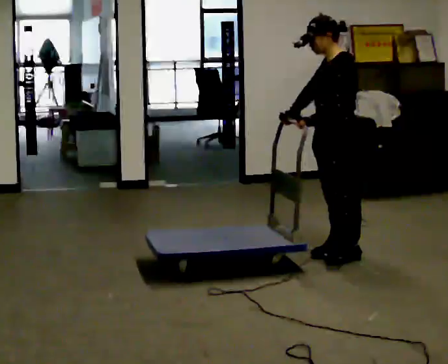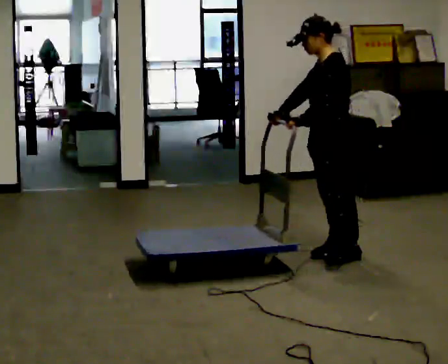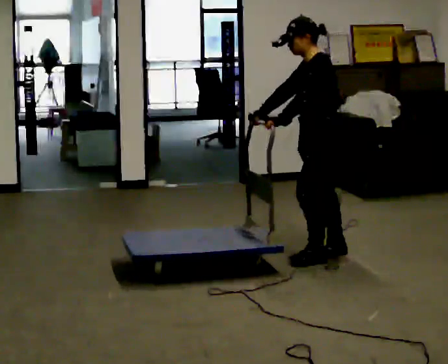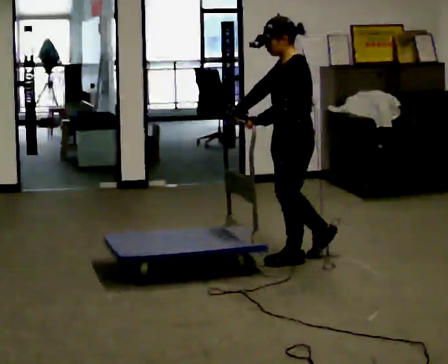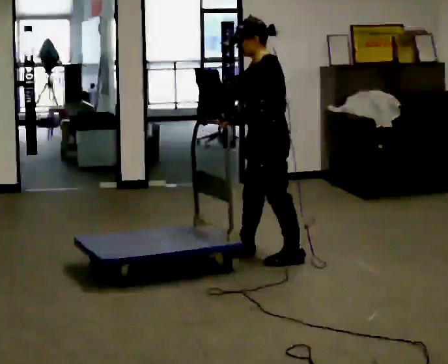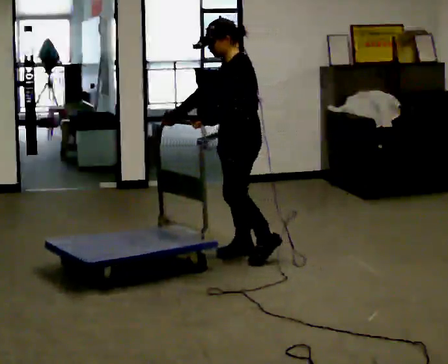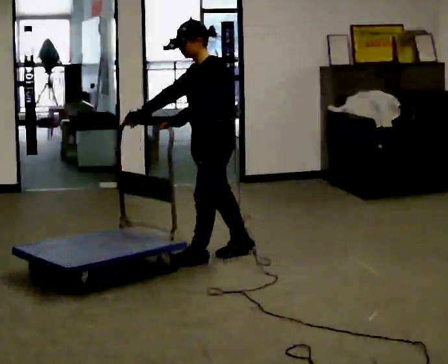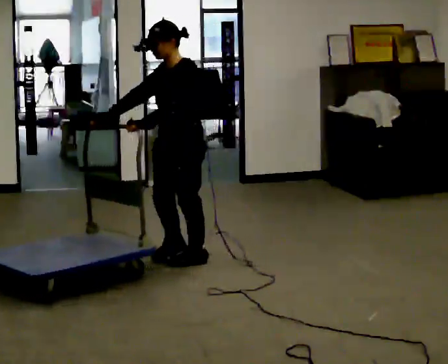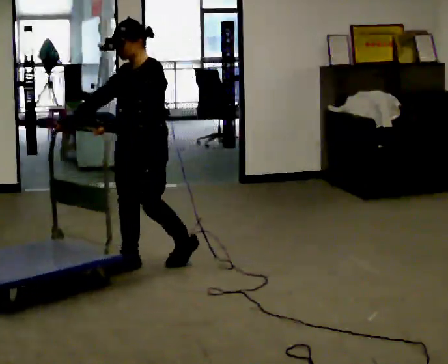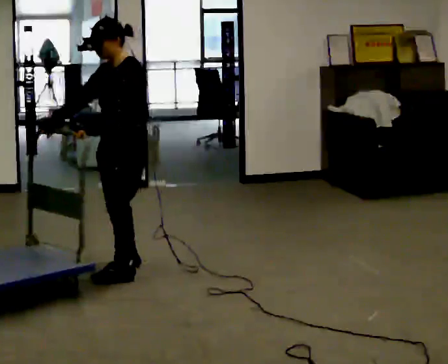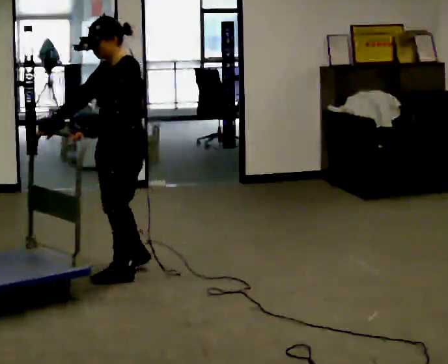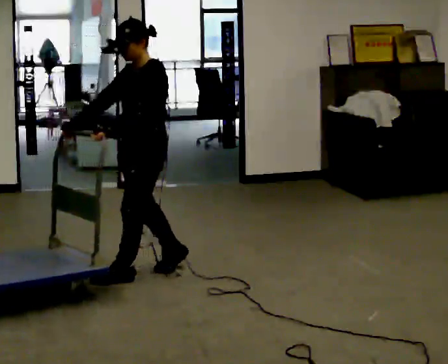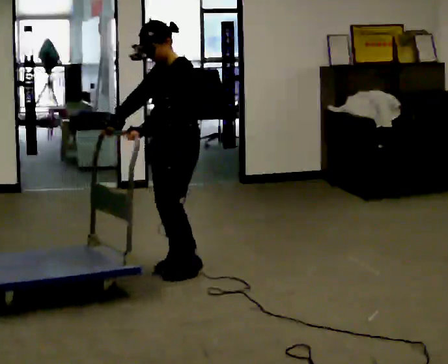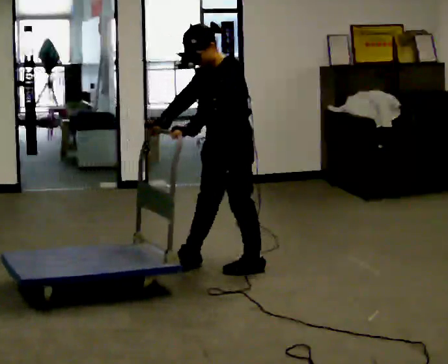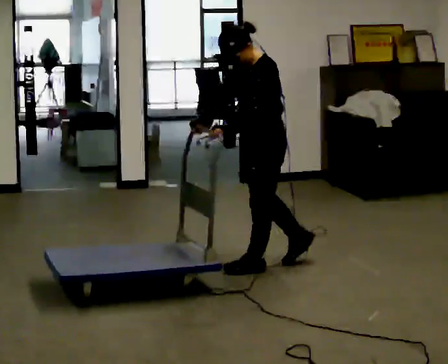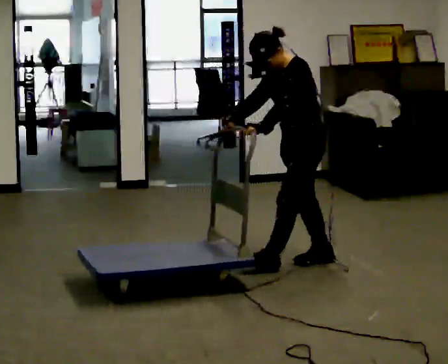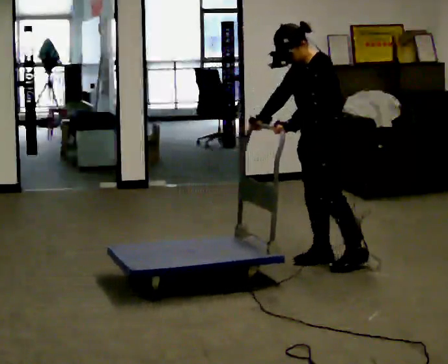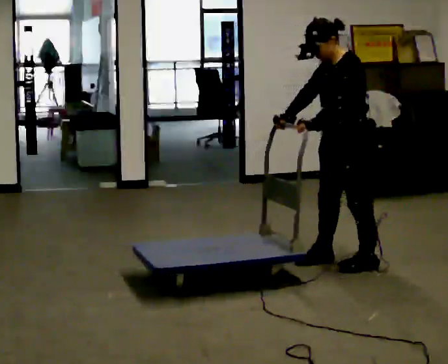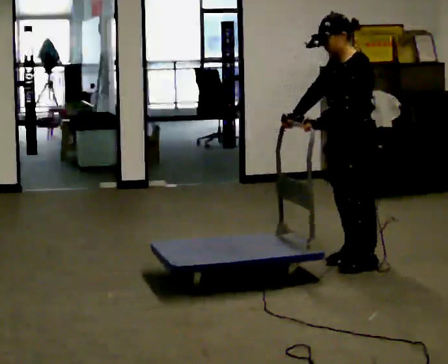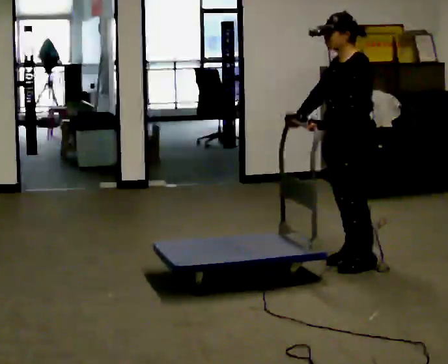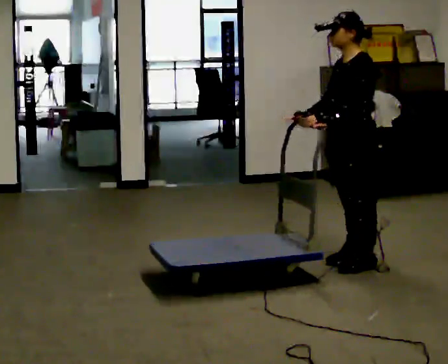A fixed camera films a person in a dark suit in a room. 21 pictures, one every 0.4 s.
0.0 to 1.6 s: In the picture they go to the left, about 0.5 m in 2 steps, which for them is forward.
1.6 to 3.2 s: Seen from above the body turns counterclockwise, about 30 degrees: to their left, with its near side sliding to the right. In the picture they go to the left, about 1 m in 2 steps, which for them is forward.
3.2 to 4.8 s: In the picture they go to the right, about 0.25 m in 2 steps, which for them is backward and to their left.
4.8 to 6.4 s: In the picture they go to the right, about 1 m in 2 steps, which for them is backward.
6.4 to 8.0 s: The person moves a little, or ends about where they began.
The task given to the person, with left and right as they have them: Get the cart into the marked parking space and lined up with the tape. Take as many adjustments as you need. Then take it out again and repeat.
The film runs forward here.
